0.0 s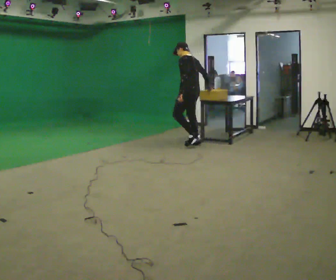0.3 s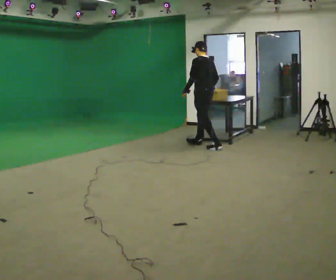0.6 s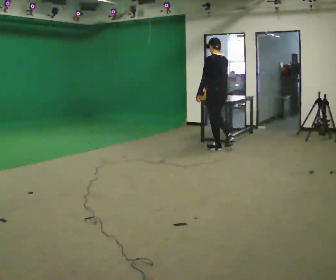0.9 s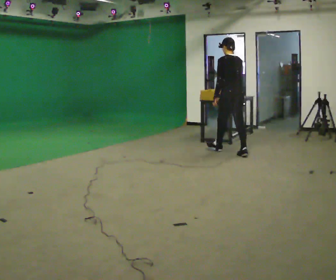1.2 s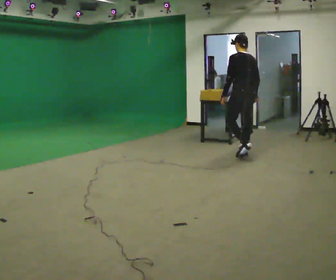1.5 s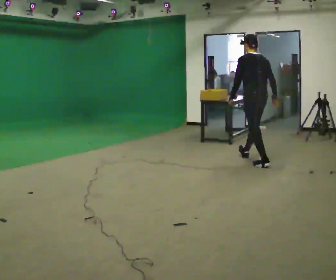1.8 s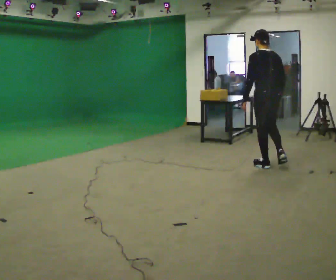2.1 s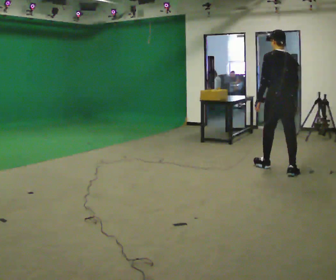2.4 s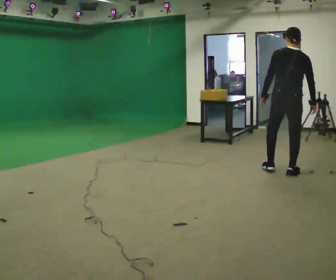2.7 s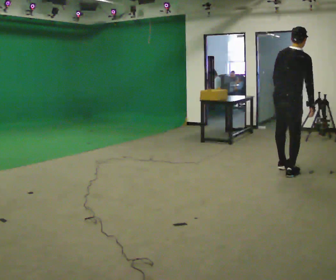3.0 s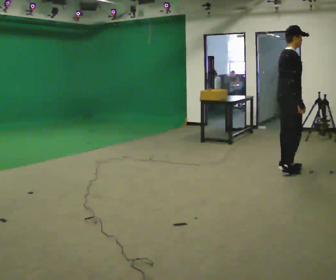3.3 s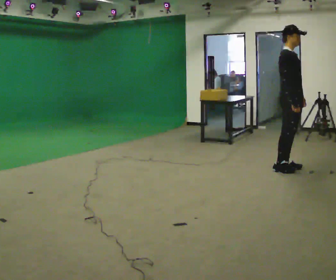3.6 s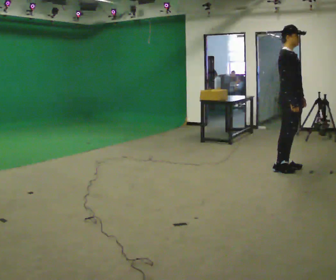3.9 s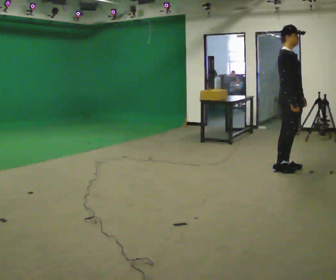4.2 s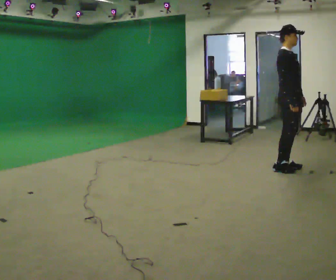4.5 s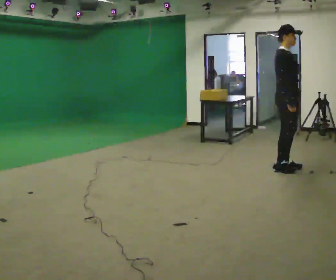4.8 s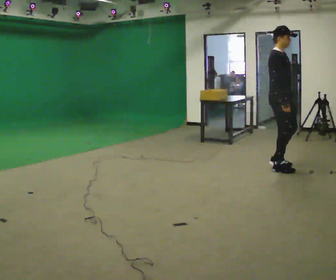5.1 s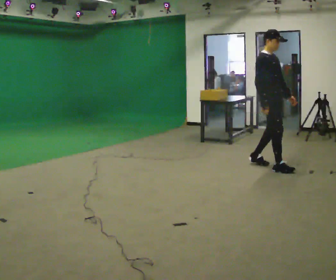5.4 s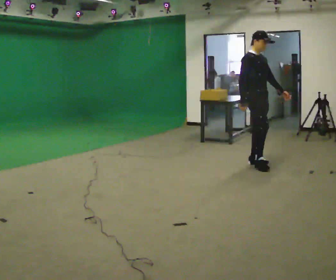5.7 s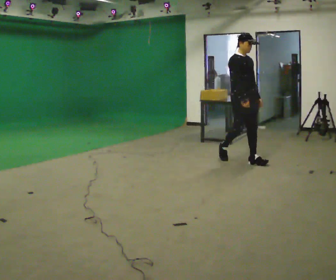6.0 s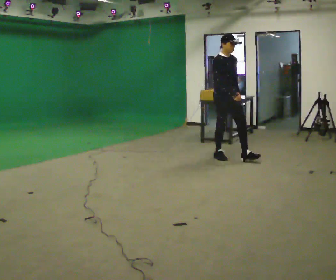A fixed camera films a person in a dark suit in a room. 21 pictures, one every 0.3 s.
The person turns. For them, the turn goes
to their right.
The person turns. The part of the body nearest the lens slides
to the left.
0.0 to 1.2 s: The part of the body nearest the lens slides to the left as the person turns to their right by about 30 degrees. In the picture they go to the right and toward the camera, about 1 m in 2 steps, which for them is backward.
1.2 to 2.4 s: Seen from above the body turns clockwise, about 30 degrees: to their right, with its near side sliding to the left. In the picture they go toward the camera and to the right, about 1 m in 2 steps, which for them is backward.
2.4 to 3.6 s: The part of the body nearest the lens slides to the left as the person turns to their right by about 105 degrees. In the picture they go away from the camera, about 0.25 m in 1 step. The upper body tips toward the camera, its near side rolling downward. In the picture their left hand goes to the right, the arm swinging counterclockwise.
3.6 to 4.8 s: The person moves a little, or ends about where they began.
4.8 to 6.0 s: The part of the body nearest the lens slides to the left as the person turns to their right by about 30 degrees. In the picture they go to the left and away from the camera, about 1 m in 2 steps, which for them is backward.
The film runs backward here.
